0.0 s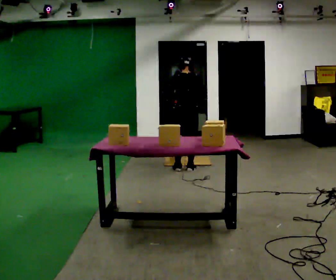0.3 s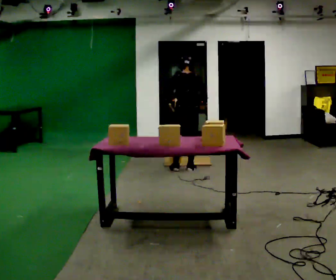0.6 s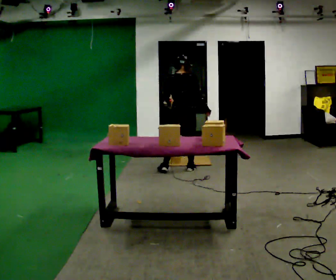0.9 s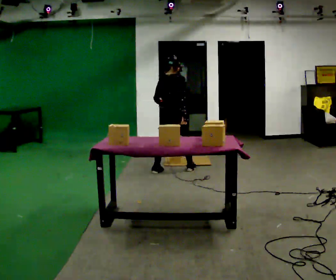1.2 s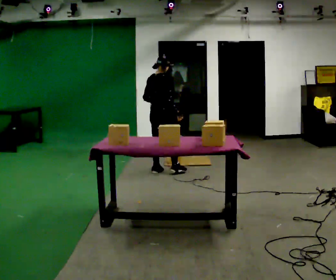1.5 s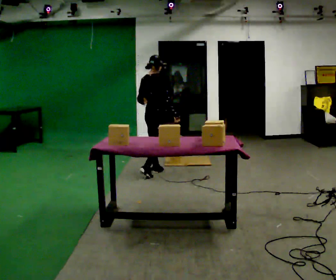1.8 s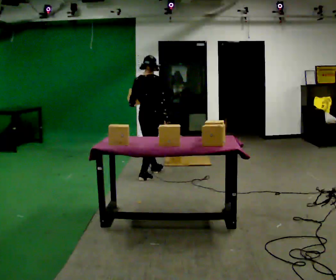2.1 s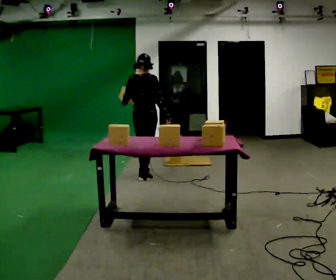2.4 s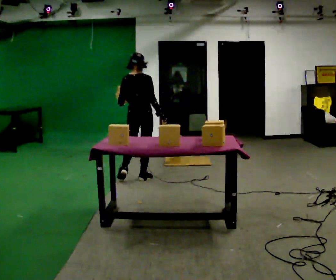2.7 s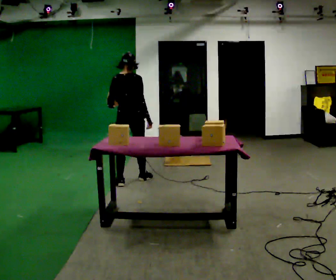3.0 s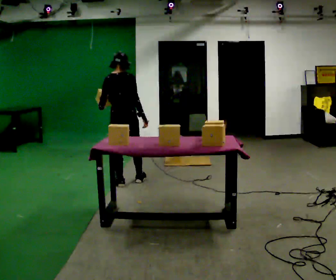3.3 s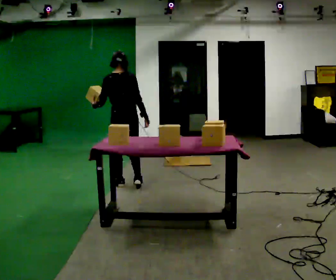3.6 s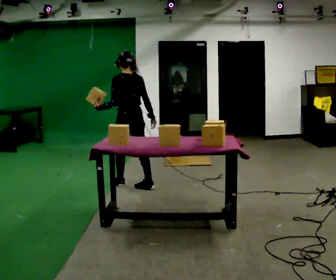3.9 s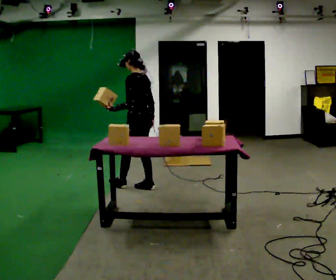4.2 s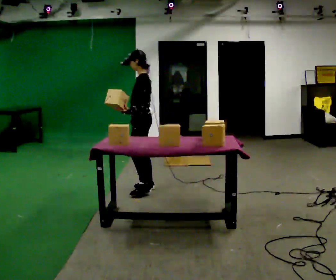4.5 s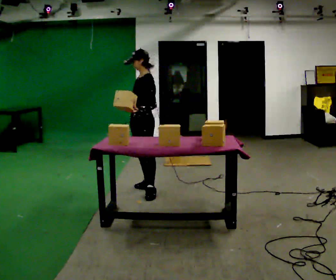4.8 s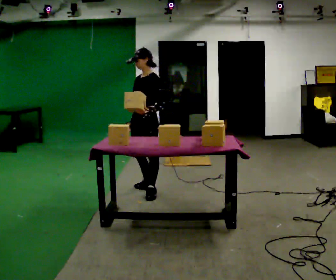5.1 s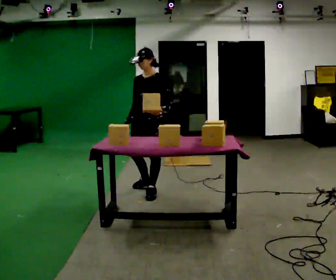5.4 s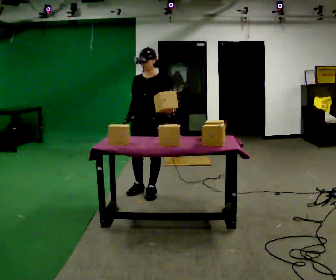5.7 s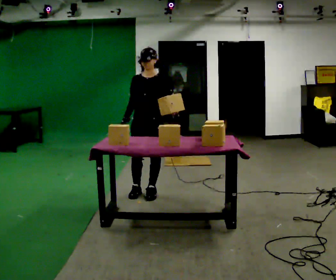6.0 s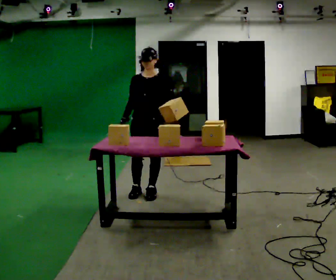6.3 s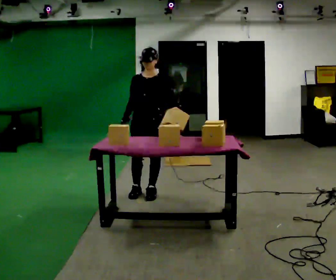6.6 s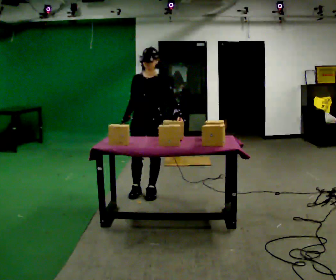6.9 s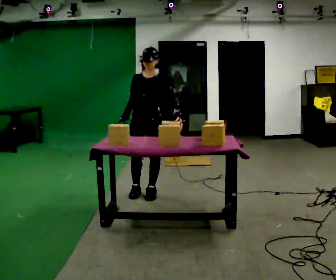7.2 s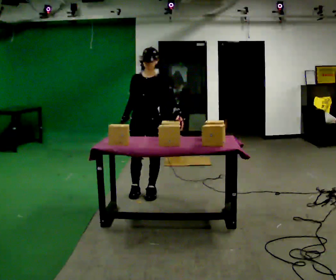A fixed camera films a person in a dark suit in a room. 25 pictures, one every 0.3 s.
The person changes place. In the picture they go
toward the camera.
The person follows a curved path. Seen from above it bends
counterclockwise.
0.0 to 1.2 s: Seen from above the body turns clockwise, about 45 degrees: to their right, with its near side sliding to the left. In the picture they go to the left, about 0.5 m in 2 steps, which for them is to their left and backward.
1.2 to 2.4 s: Seen from above the body turns counterclockwise, about 30 degrees: to their left, with its near side sliding to the right. In the picture they go toward the camera and to the left, about 0.5 m in 1 step, which for them is backward.
2.4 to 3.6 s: The part of the body nearest the lens slides to the right as the person turns to their left by about 45 degrees. In the picture they go toward the camera, about 0.25 m in 1 step, which for them is backward.
3.6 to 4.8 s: The person turns about 90 degrees to their left, counterclockwise seen from above, so the part of the body nearest the lens slides to the right. In the picture they go toward the camera and to the right, about 0.25 m in 1 step.
4.8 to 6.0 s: The part of the body nearest the lens slides to the right as the person turns to their left by about 45 degrees.
6.0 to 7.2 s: The person moves a little, or ends about where they began.
The film runs backward here.
